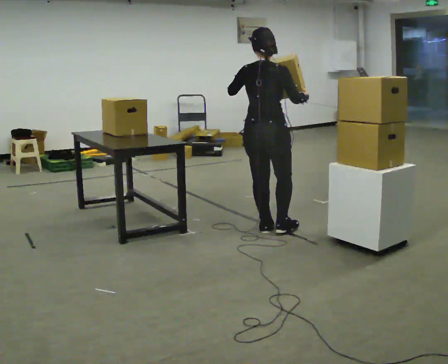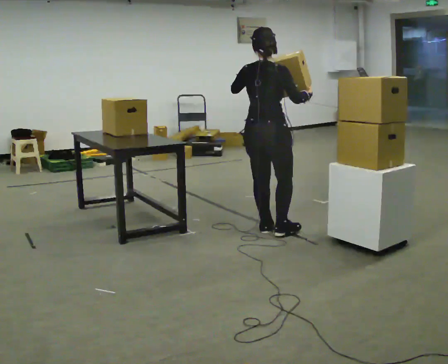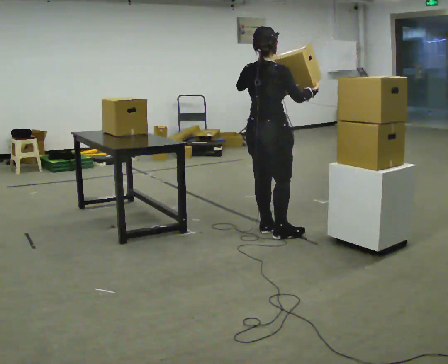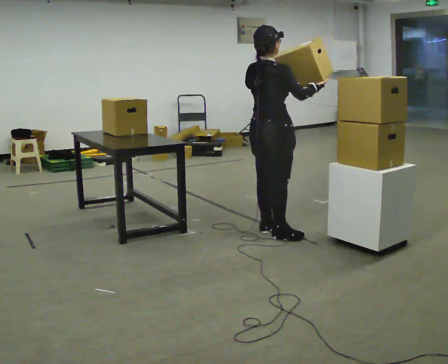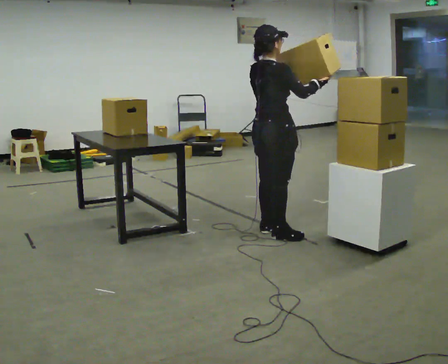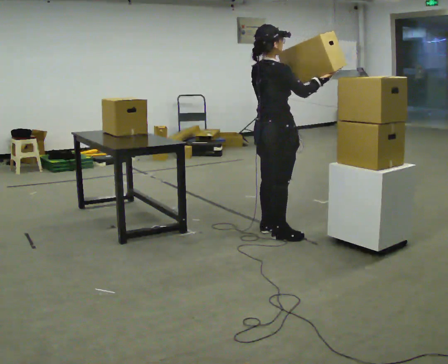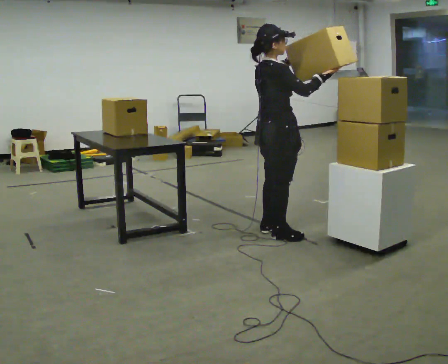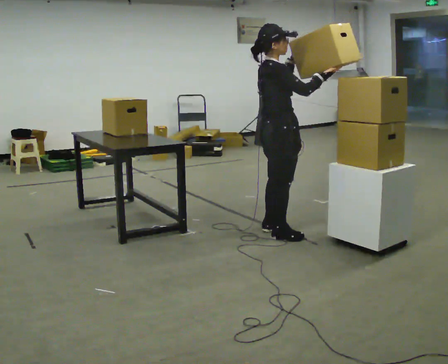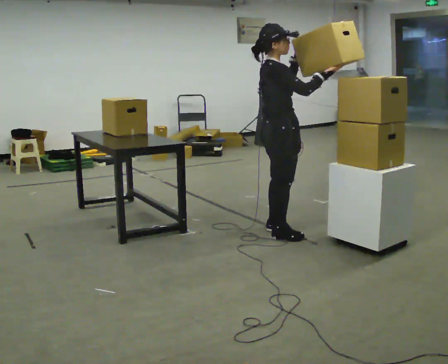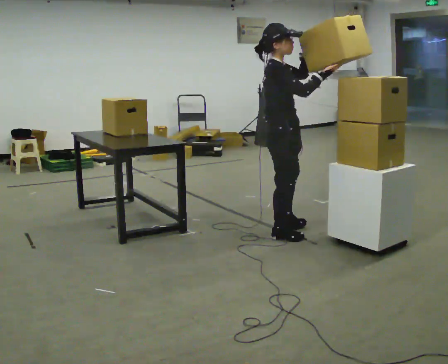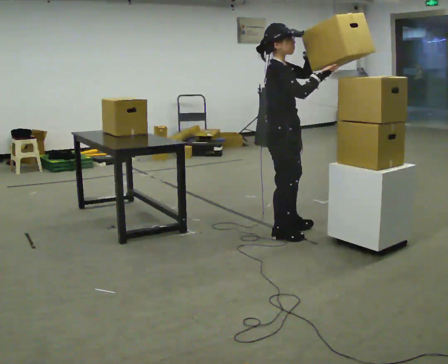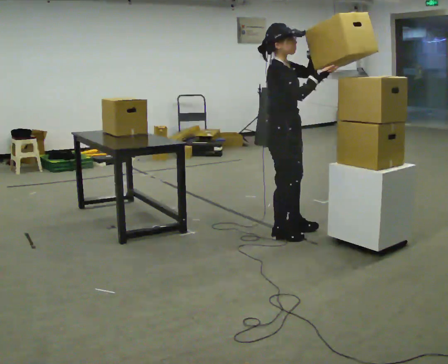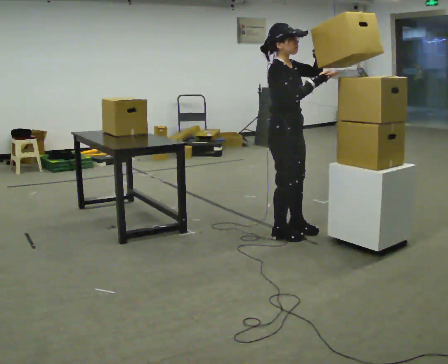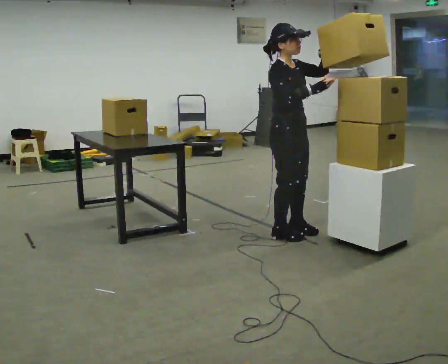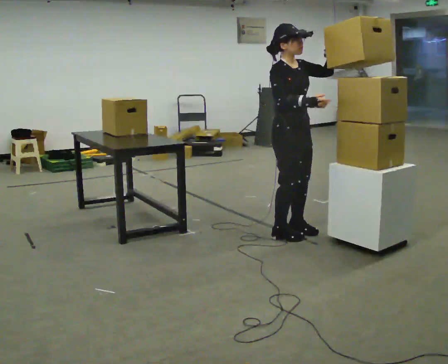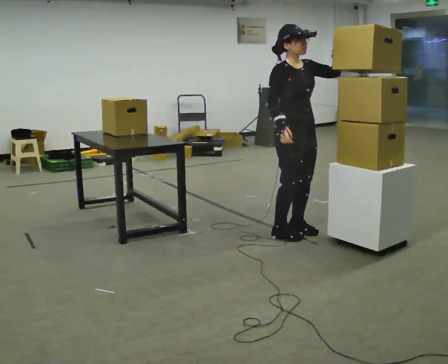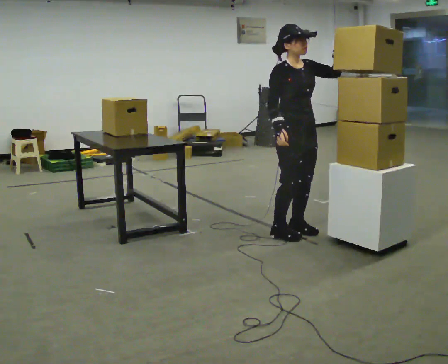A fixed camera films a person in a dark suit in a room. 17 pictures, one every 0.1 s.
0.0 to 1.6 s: Seen from above the body turns clockwise, about 120 degrees: to their right, with its near side sliding to the left. In the picture they go to the right, about 0.25 m in 1 step. In the picture their left hand goes to the right.
The film runs backward here.
